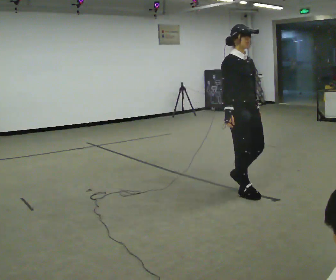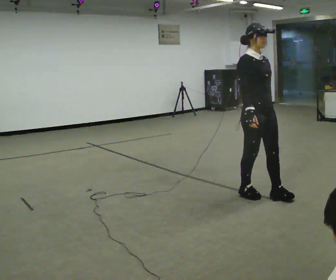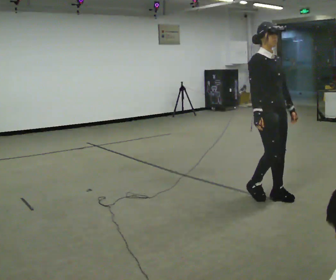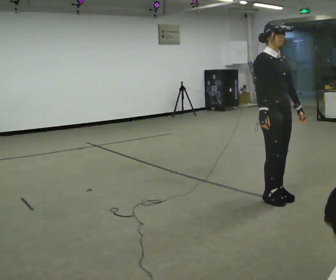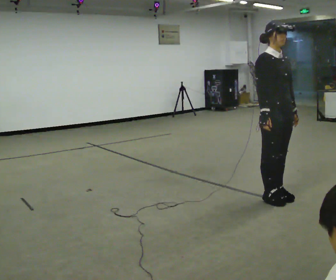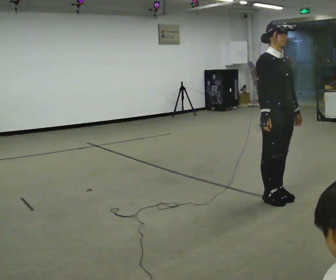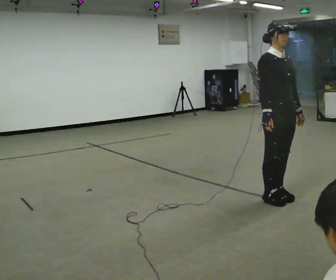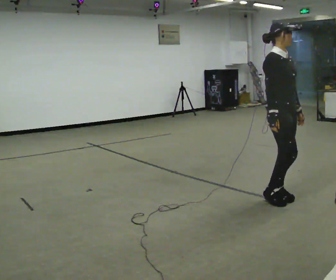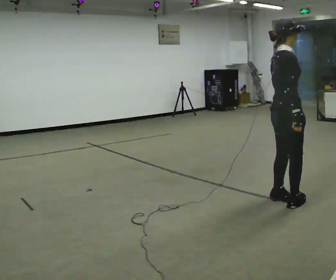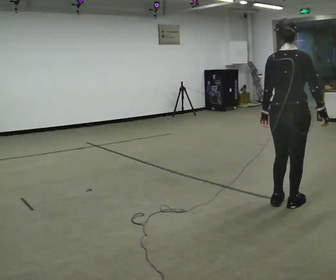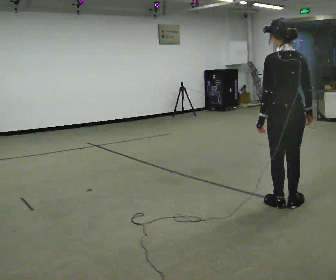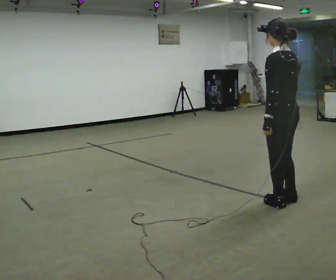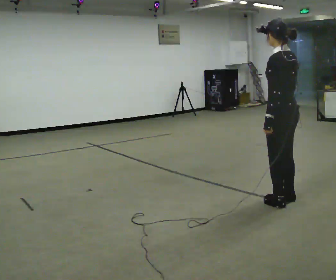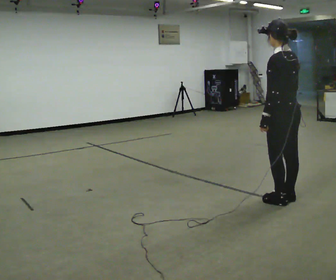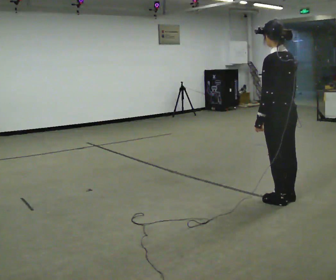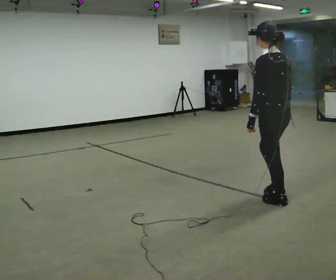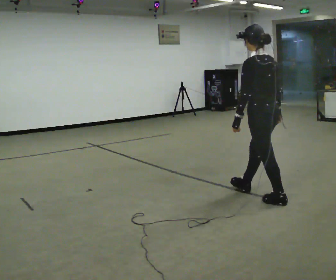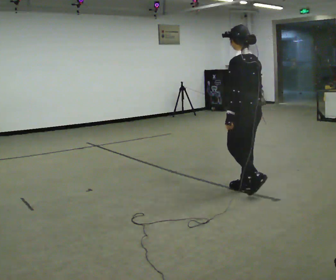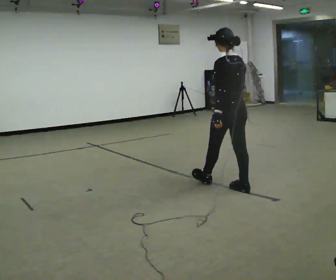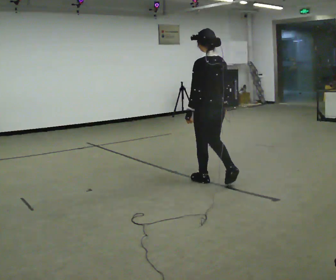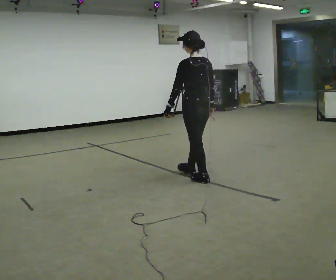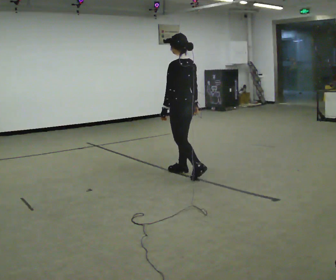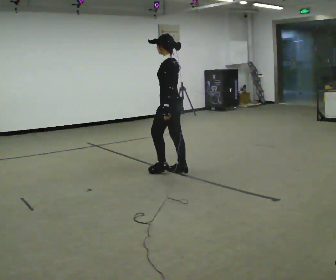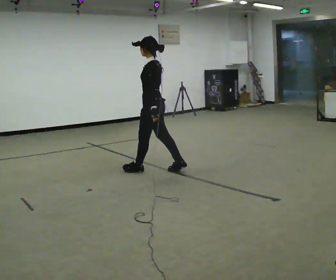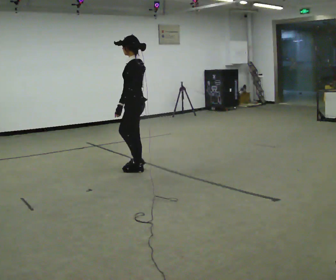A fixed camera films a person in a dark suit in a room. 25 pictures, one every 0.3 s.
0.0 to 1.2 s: In the picture they go to the right, about 0.25 m in 2 steps, which for them is forward.
1.2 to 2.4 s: The person turns about 60 degrees to their left, counterclockwise seen from above, so the part of the body nearest the lens slides to the right.
2.4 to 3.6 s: The part of the body nearest the lens slides to the right as the person turns to their left by about 120 degrees.
3.6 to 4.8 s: In the picture they go to the left and away from the camera, about 0.25 m in 1 step, which for them is forward.
4.8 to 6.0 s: In the picture they go to the left and away from the camera, about 1 m in 1 step, which for them is forward.
6.0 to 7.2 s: The person turns about 45 degrees to their left, counterclockwise seen from above, so the part of the body nearest the lens slides to the right. In the picture they go to the left, about 1 m in 2 steps, which for them is forward.
The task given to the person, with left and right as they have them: Walk straight; at marker turn ~45° while continuing to walk; continue straight.
The film runs forward here.
